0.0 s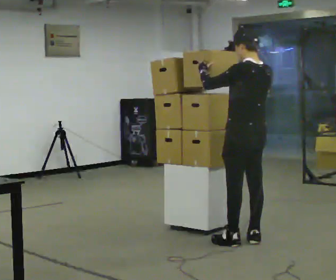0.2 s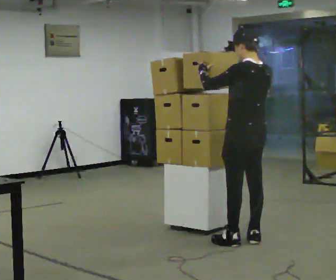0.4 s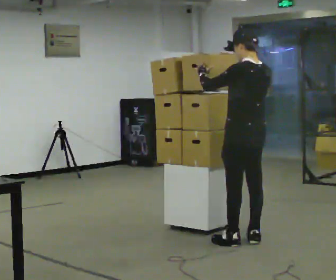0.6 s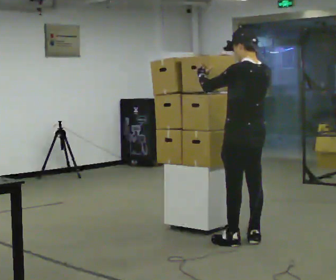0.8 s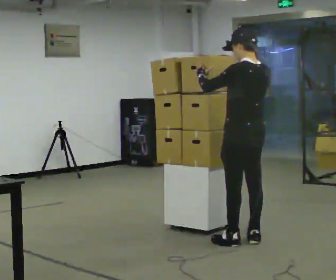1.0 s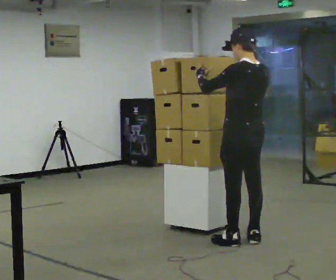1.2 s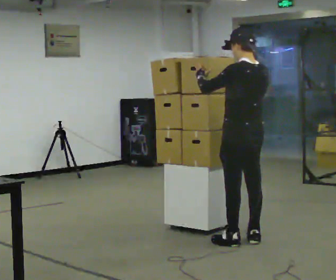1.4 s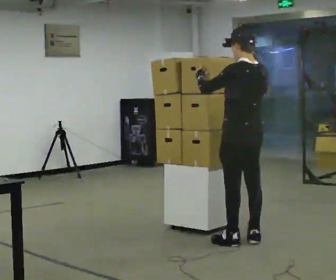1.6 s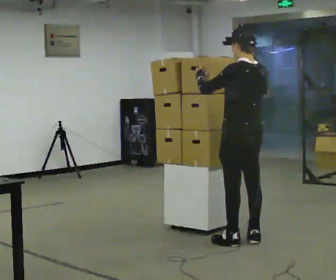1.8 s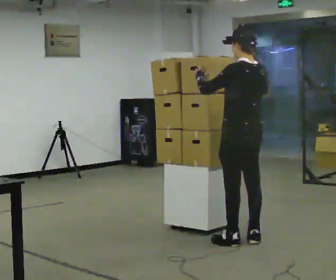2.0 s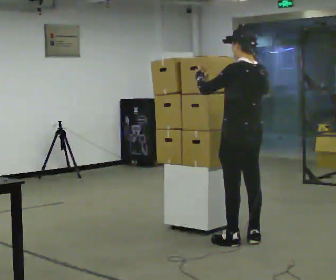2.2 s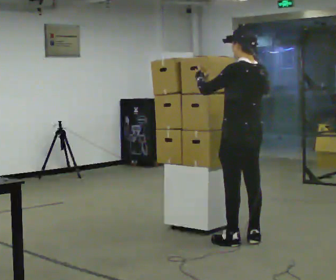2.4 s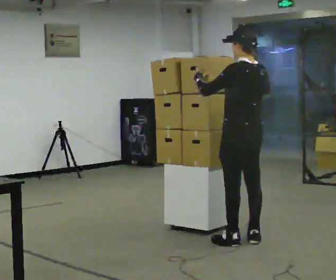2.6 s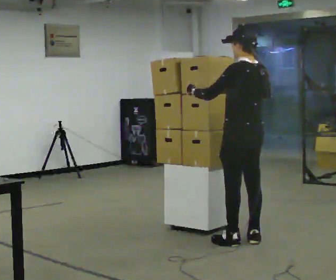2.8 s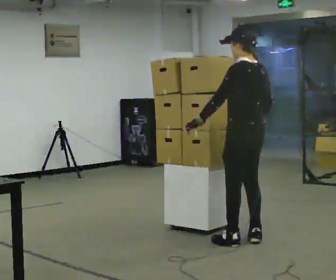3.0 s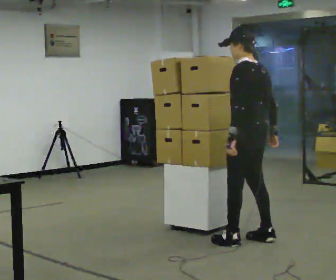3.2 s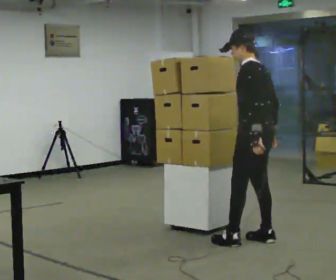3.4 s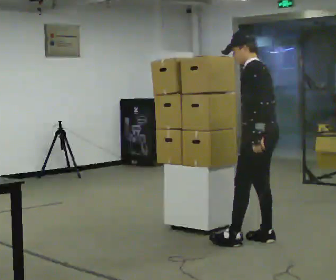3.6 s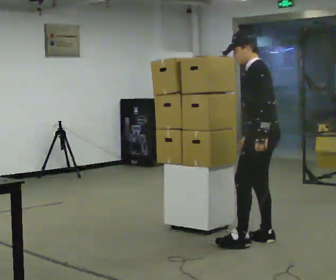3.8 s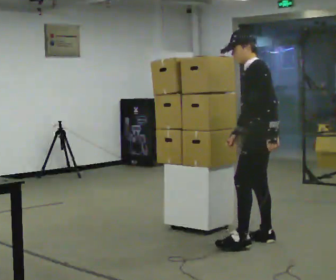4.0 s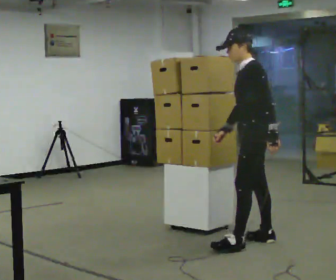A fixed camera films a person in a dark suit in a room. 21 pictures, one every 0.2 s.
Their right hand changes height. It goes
downward.
Their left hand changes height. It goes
downward.
0.0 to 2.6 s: The person moves a little, or ends about where they began.
2.6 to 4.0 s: The person turns about 45 degrees to their left, counterclockwise seen from above, so the part of the body nearest the lens slides to the right. In the picture their left hand goes to the right, the arm swinging counterclockwise.
The film runs forward here.
